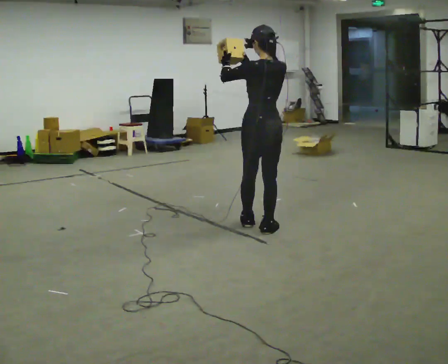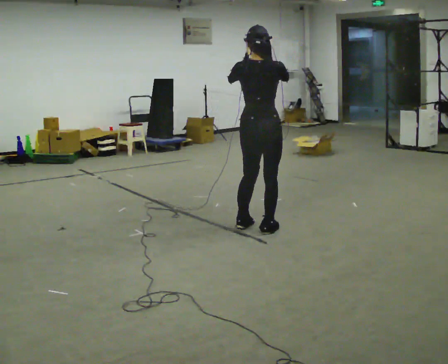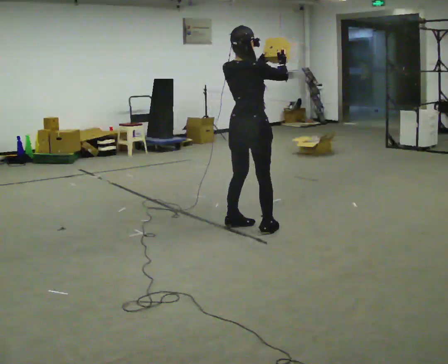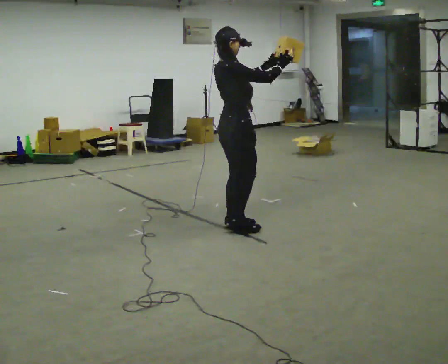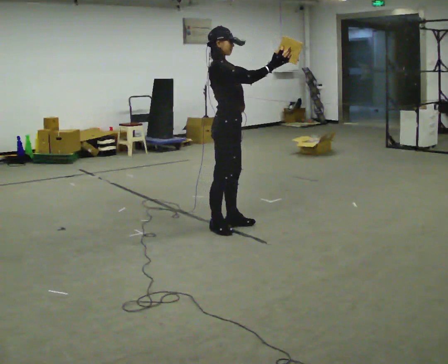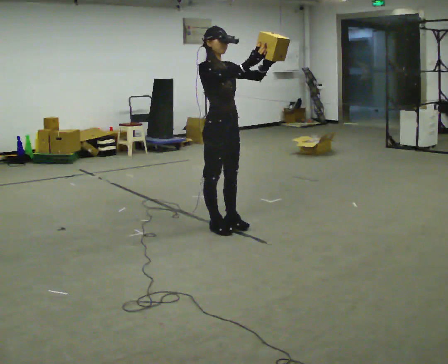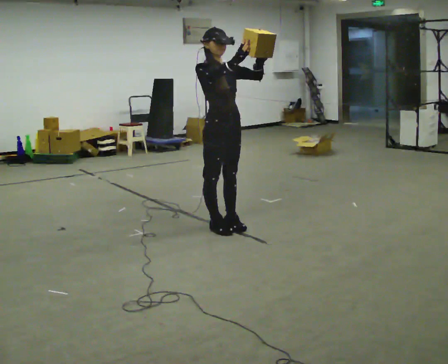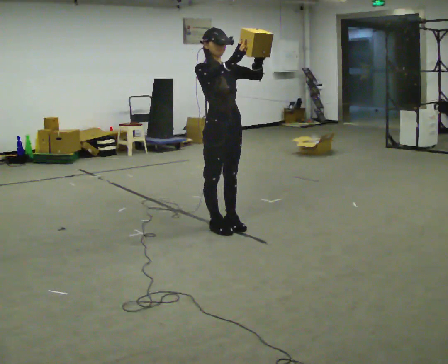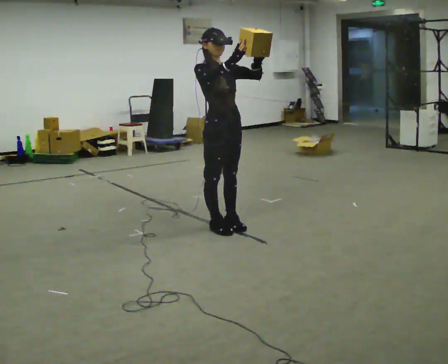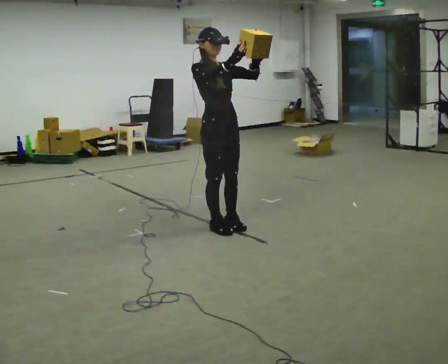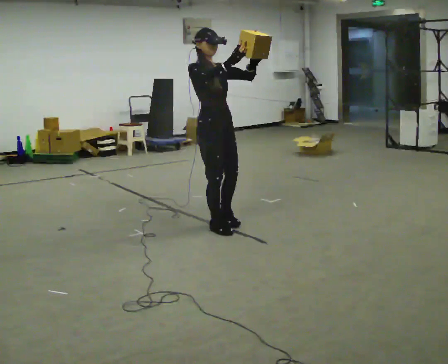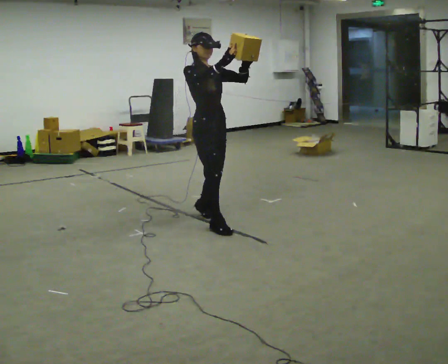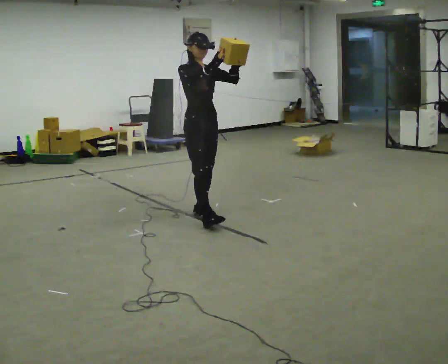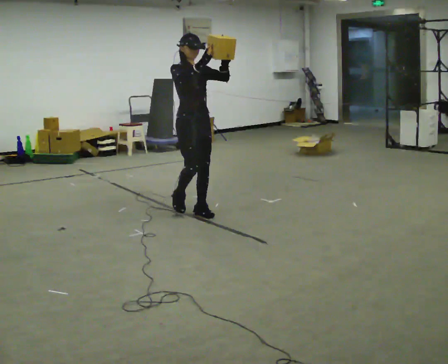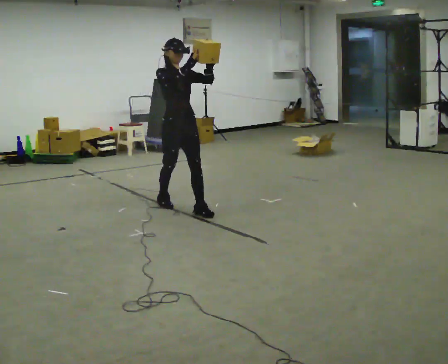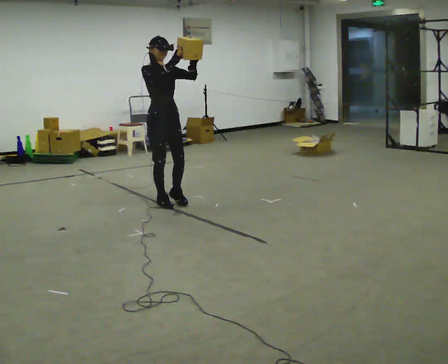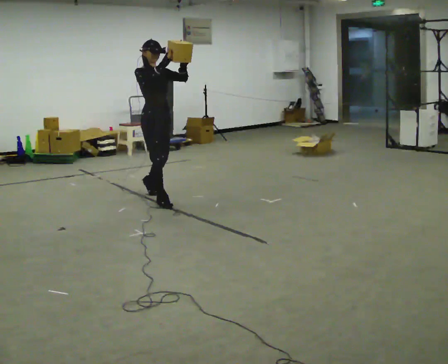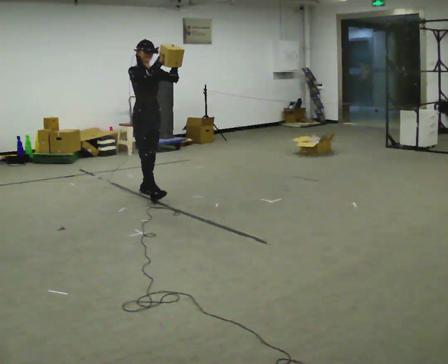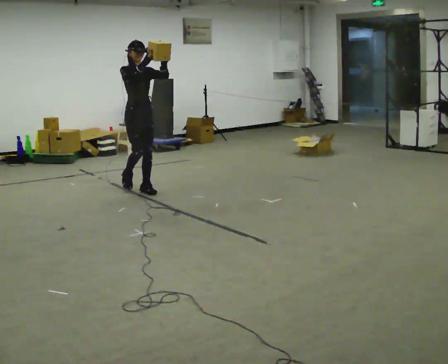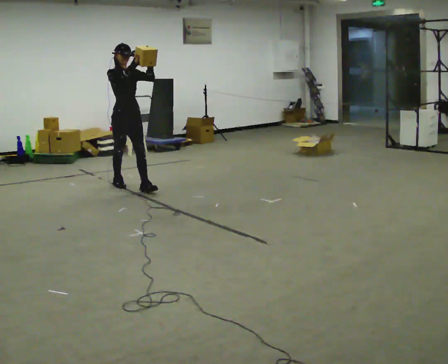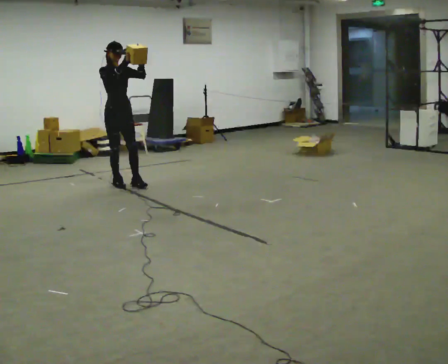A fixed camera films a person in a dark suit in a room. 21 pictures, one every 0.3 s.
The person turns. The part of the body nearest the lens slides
to the left.
The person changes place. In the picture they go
to the left.
0.0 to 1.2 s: The person turns about 120 degrees to their right, clockwise seen from above, so the part of the body nearest the lens slides to the left. In the picture they go to the left, about 0.25 m in 2 steps.
1.2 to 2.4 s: The part of the body nearest the lens slides to the left as the person turns to their right by about 45 degrees.
2.4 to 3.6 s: In the picture they go away from the camera and to the left, about 0.5 m in 2 steps, which for them is backward.
3.6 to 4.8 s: In the picture they go to the left and away from the camera, about 0.5 m in 1 step, which for them is backward.
4.8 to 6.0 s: In the picture they go to the left and away from the camera, about 1 m in 2 steps, which for them is backward.
The film runs backward here.
